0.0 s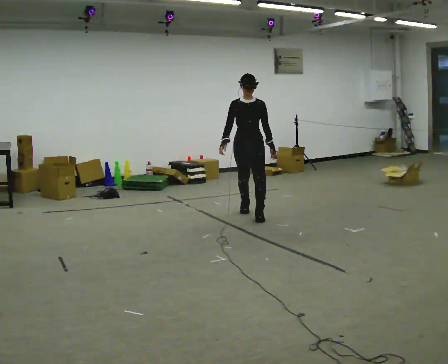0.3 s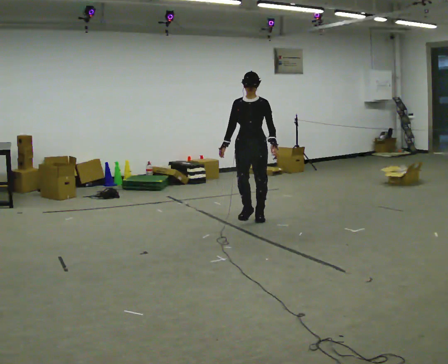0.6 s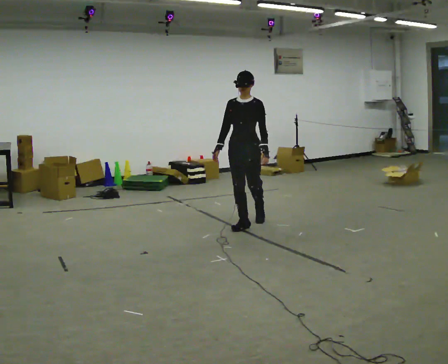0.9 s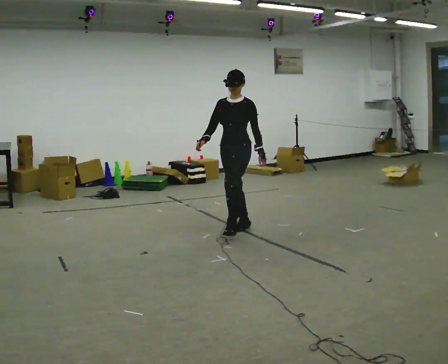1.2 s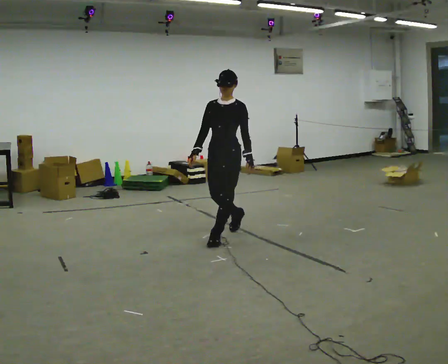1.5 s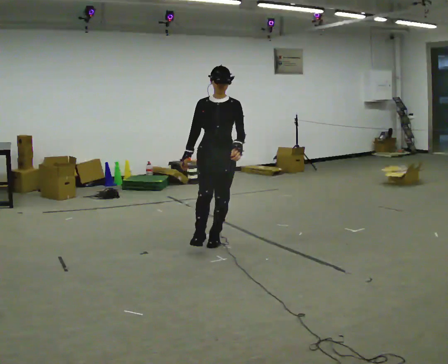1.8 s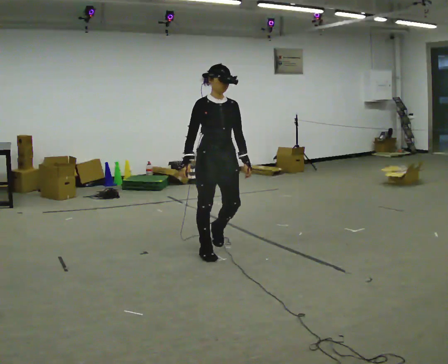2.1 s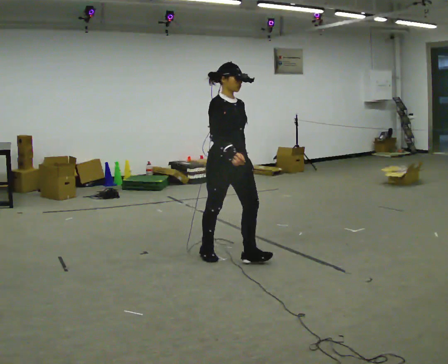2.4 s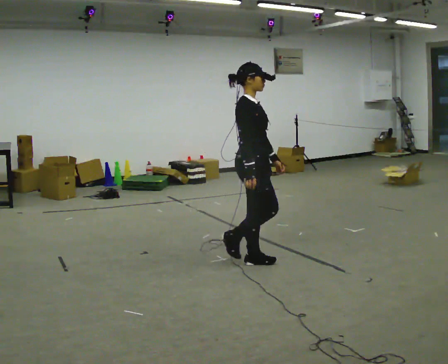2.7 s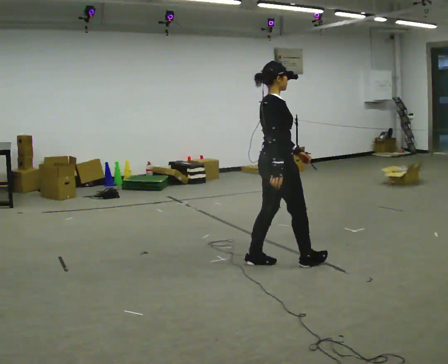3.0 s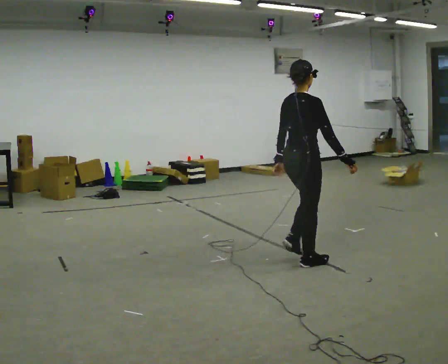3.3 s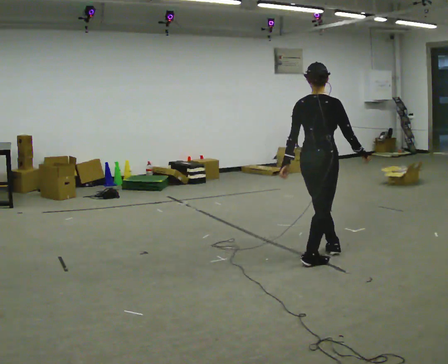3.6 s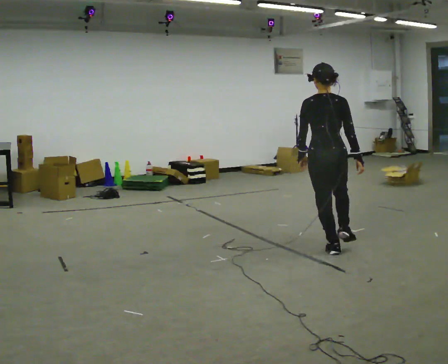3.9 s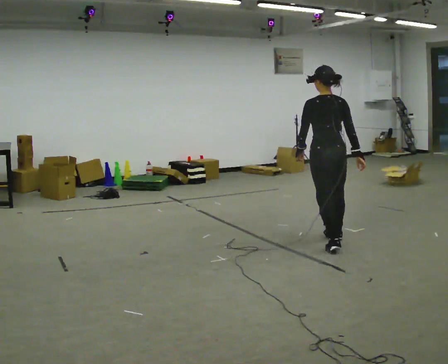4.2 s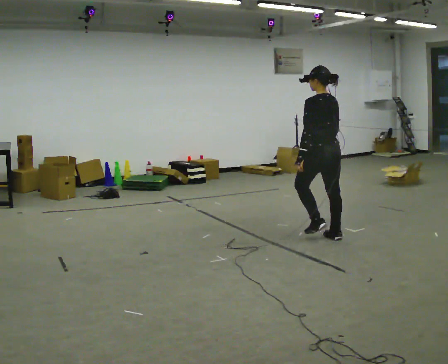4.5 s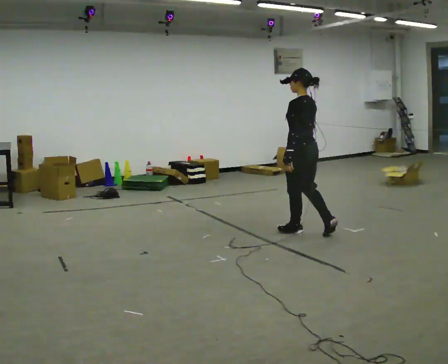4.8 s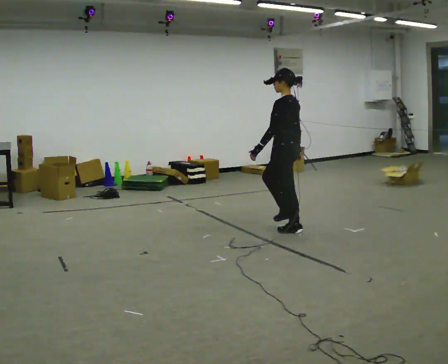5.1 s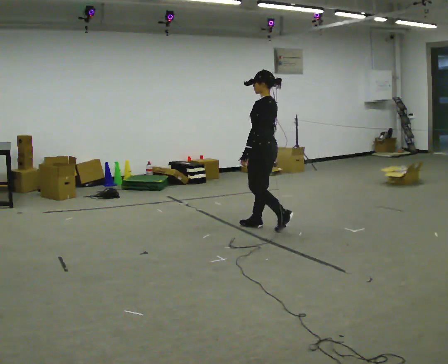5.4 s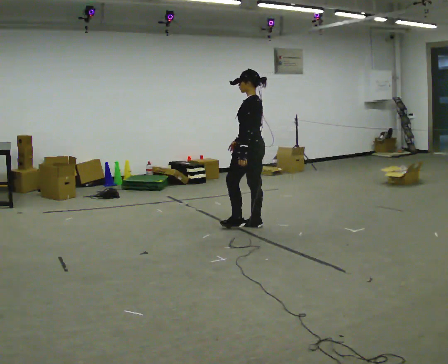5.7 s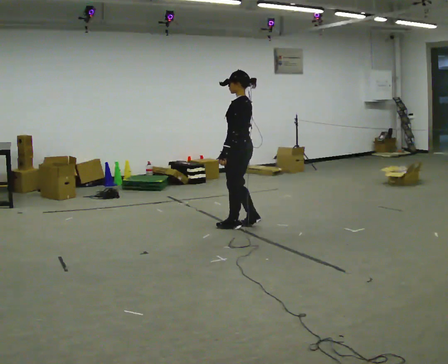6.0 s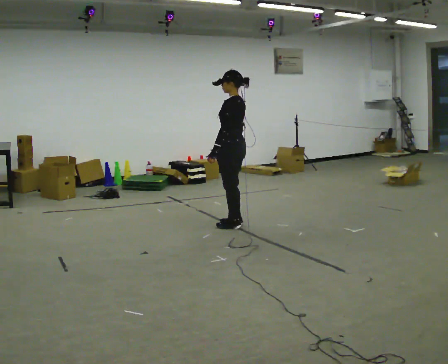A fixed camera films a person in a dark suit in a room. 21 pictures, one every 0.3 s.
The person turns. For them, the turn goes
to their left.
The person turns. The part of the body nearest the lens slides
to the right.
0.0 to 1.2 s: The person turns about 30 degrees to their right, clockwise seen from above, so the part of the body nearest the lens slides to the left. In the picture they go toward the camera, about 1 m in 2 steps, which for them is forward.
1.2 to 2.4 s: The person turns about 105 degrees to their left, counterclockwise seen from above, so the part of the body nearest the lens slides to the right. In the picture they go toward the camera and to the right, about 0.75 m in 2 steps.
2.4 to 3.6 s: Seen from above the body turns counterclockwise, about 90 degrees: to their left, with its near side sliding to the right. In the picture they go to the right and away from the camera, about 0.75 m in 2 steps.
3.6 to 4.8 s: Seen from above the body turns counterclockwise, about 75 degrees: to their left, with its near side sliding to the right. In the picture they go away from the camera and to the left, about 0.5 m in 2 steps.
4.8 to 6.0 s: In the picture they go to the left, about 0.5 m in 3 steps, which for them is forward.
The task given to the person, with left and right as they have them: Walk; stop fully; turn 90° left/right while standing; walk new direction.
The film runs forward here.
